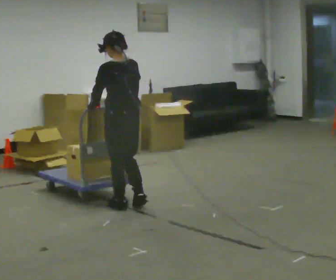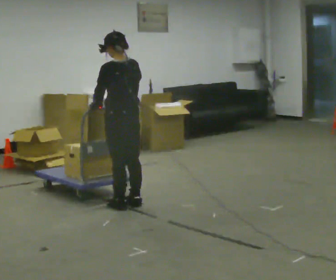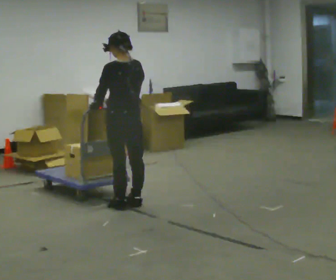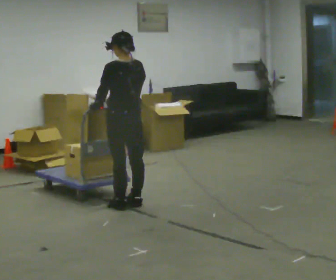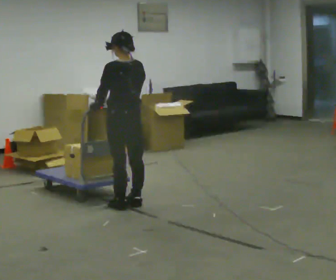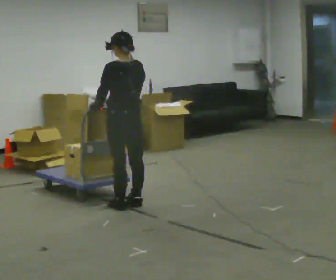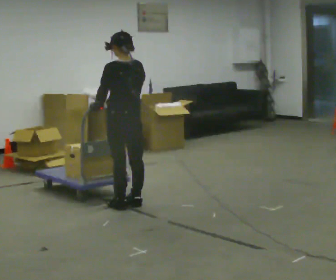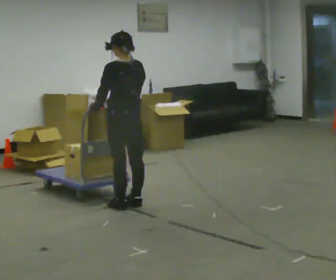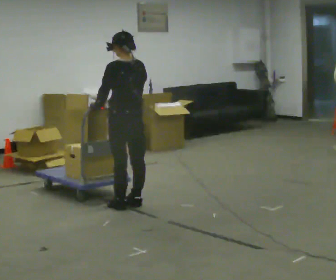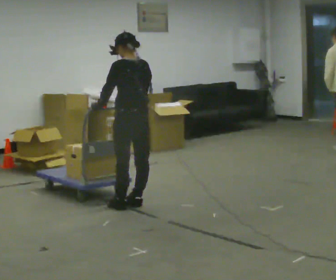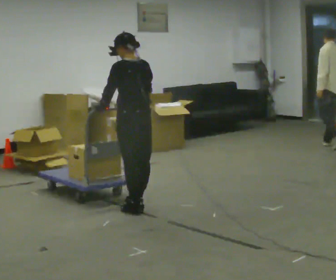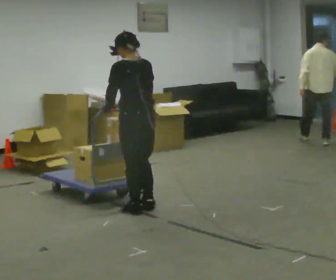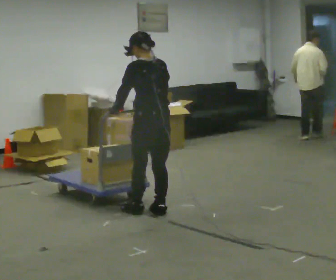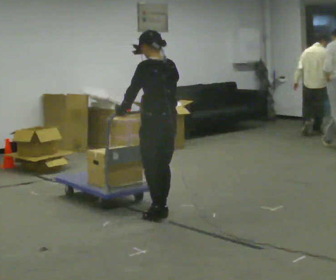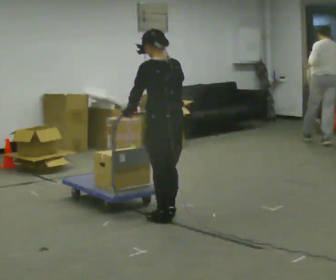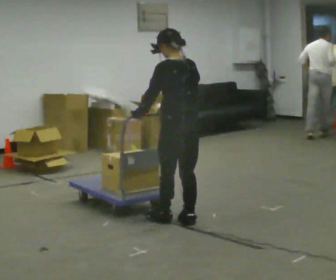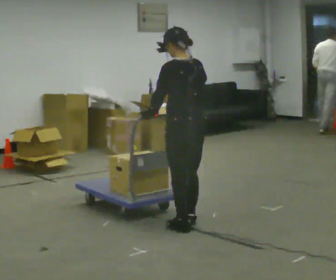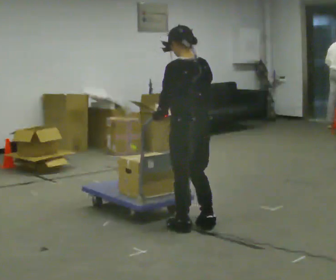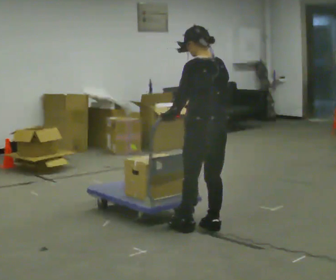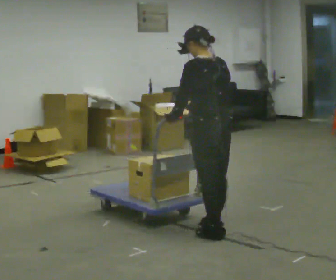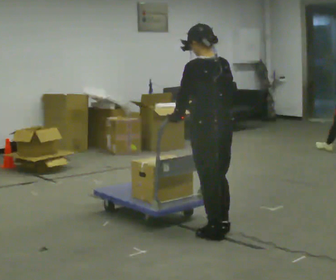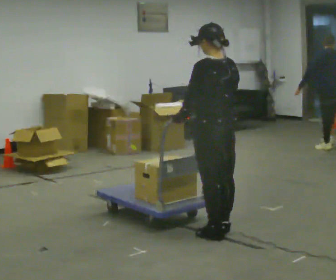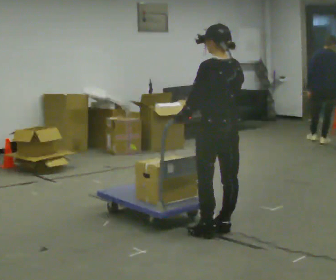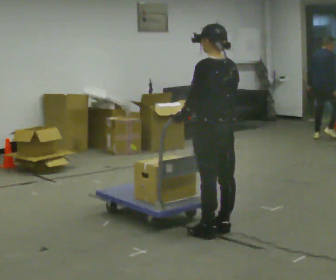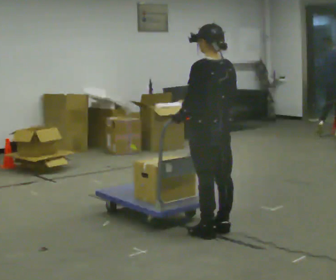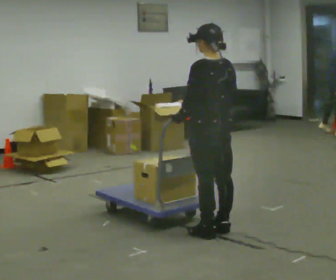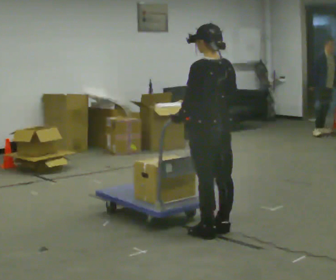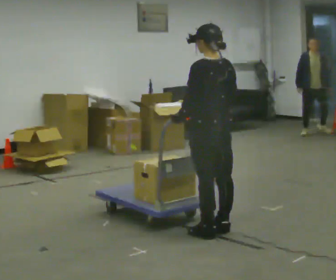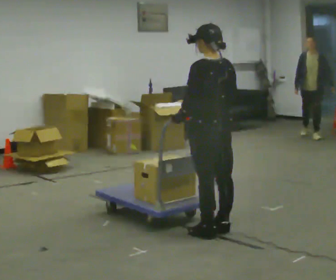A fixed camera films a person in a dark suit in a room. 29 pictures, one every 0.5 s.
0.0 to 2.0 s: The person moves a little, or ends about where they began.
2.0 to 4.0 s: The person keeps their place and pose.
4.0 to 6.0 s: In the picture they go toward the camera and to the right, about 0.25 m in 2 steps, which for them is backward.
6.0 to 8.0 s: In the picture they go toward the camera and to the right, about 0.5 m in 3 steps, which for them is backward.
8.0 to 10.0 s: In the picture they go toward the camera and to the right, about 0.25 m in 2 steps, which for them is backward.
10.0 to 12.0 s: The person moves a little, or ends about where they began.
12.0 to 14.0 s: The person keeps their place and pose.
The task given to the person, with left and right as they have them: Get the cart into the marked parking space and lined up with the tape. Take as many adjustments as you need. Then take it out again and repeat.
The film runs forward here.
